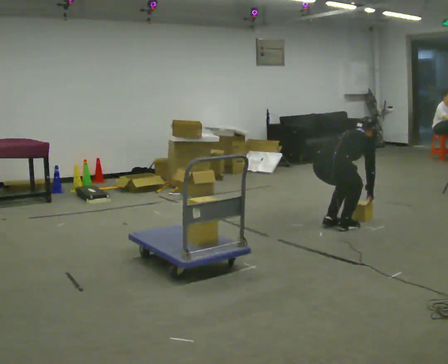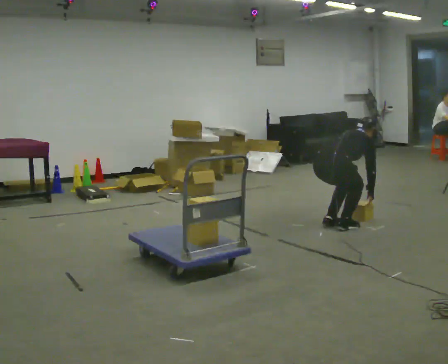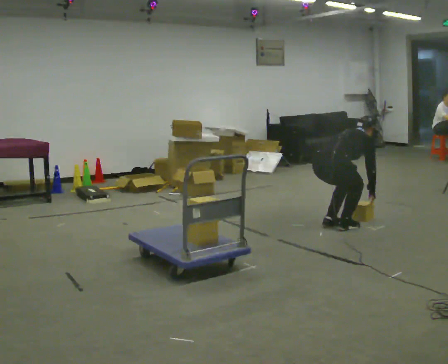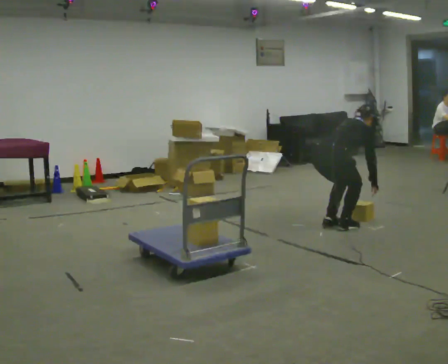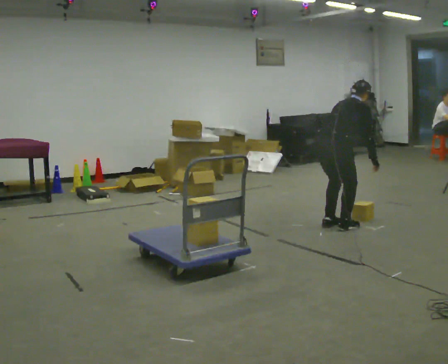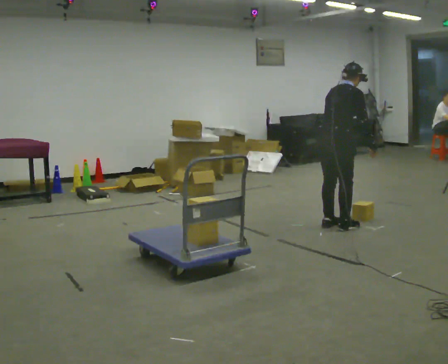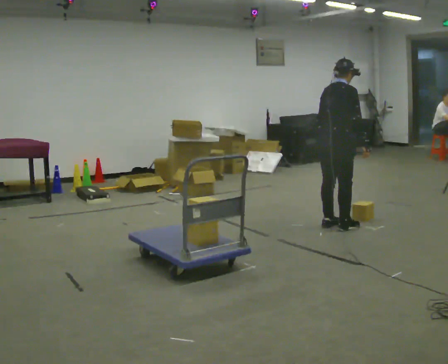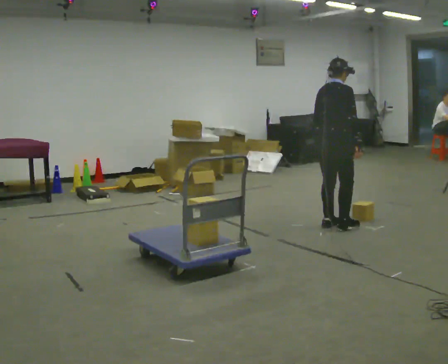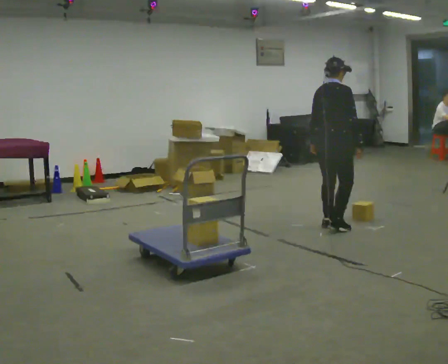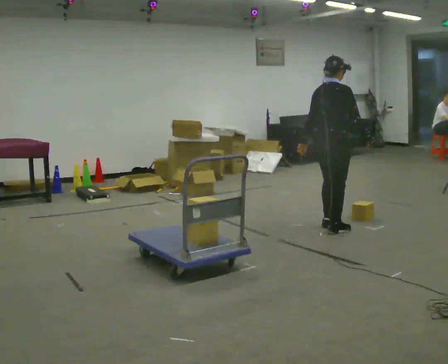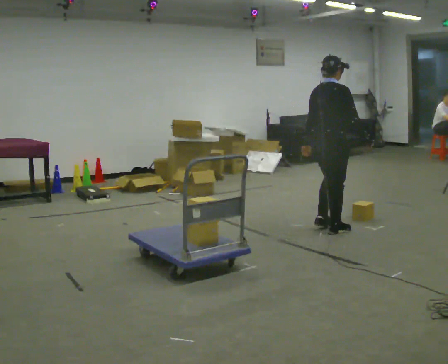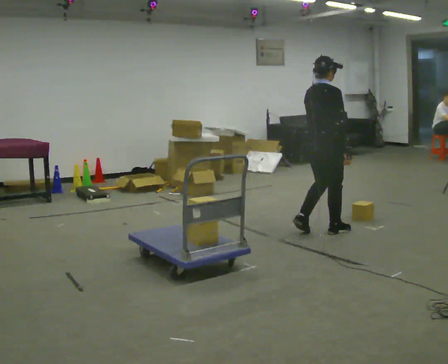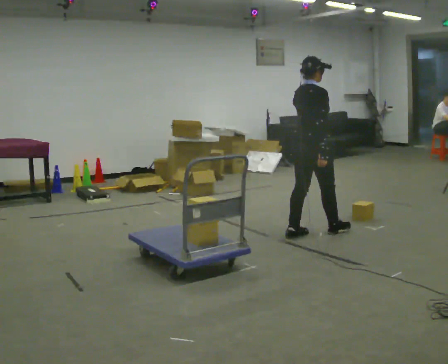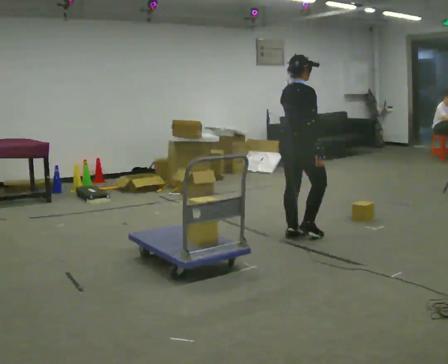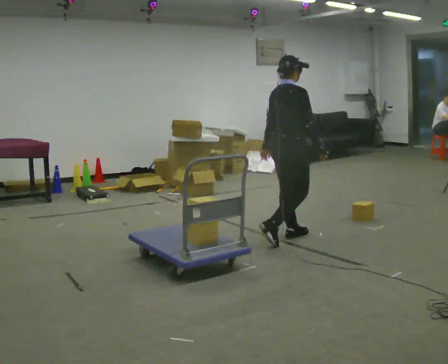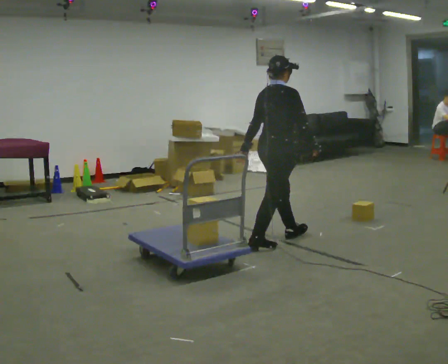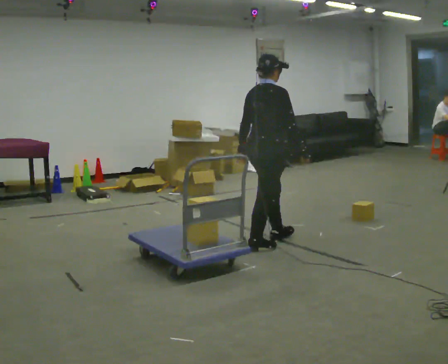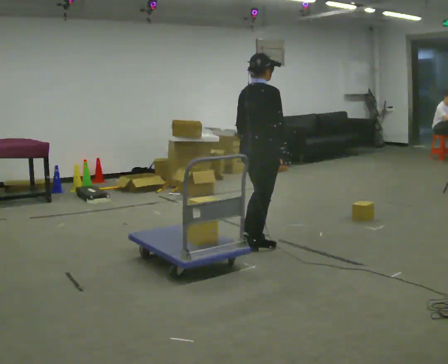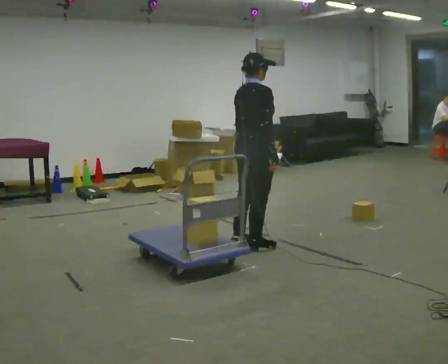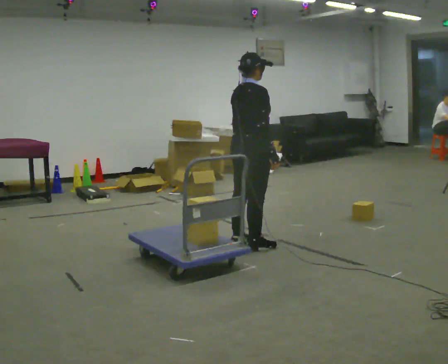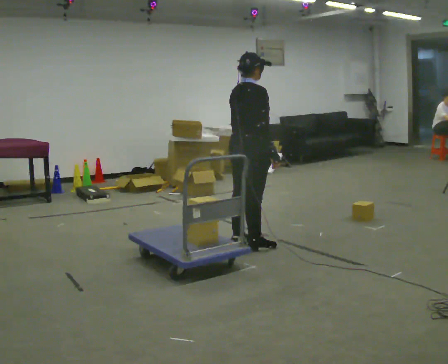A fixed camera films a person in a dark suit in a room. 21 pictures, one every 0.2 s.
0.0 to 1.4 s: The upper body goes upward. In the picture the upper body tilts counterclockwise, shoulders to the left, as they lean back or straighten. In the picture their right hand goes upward.
1.4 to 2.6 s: In the picture they go to the left and toward the camera, about 0.5 m in 2 steps, which for them is backward.
2.6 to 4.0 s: In the picture they go to the left and toward the camera, about 0.5 m in 1 step, which for them is backward.
The film runs backward here.
